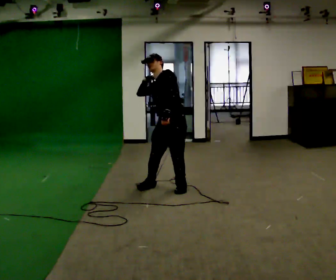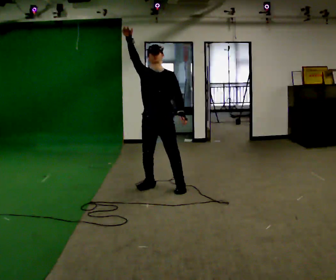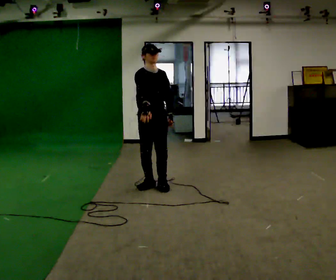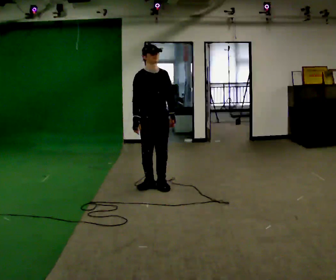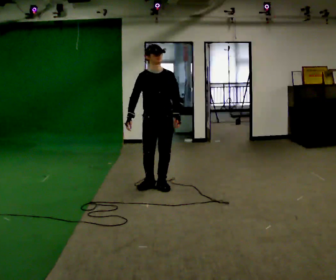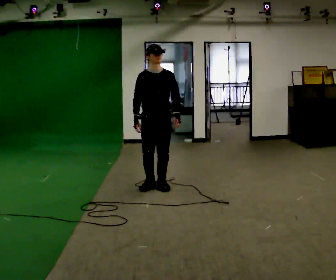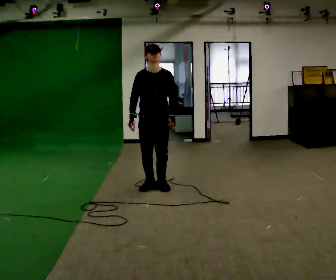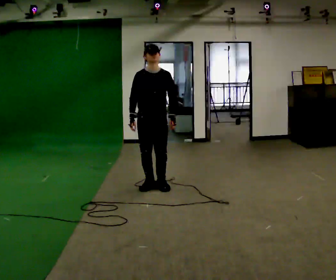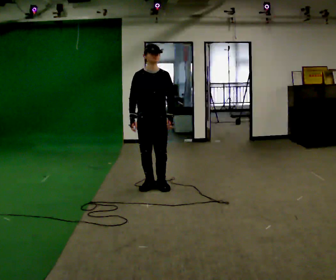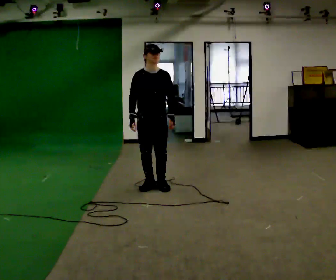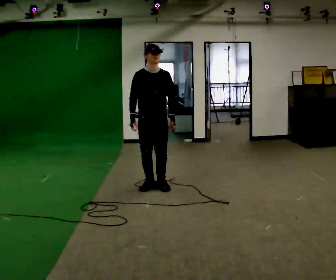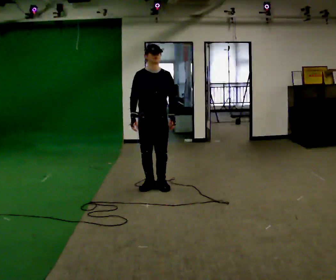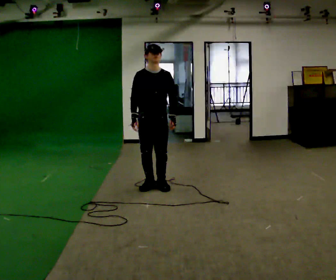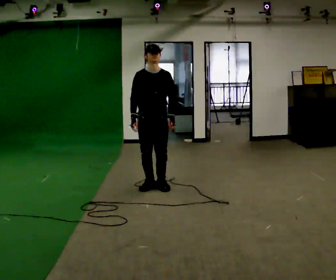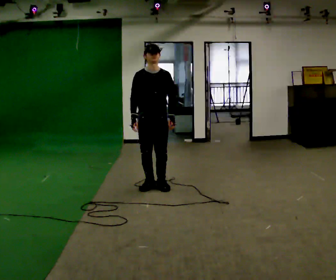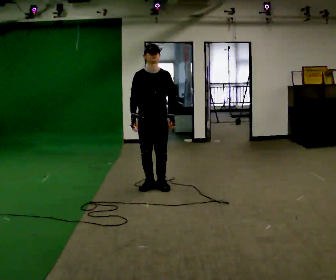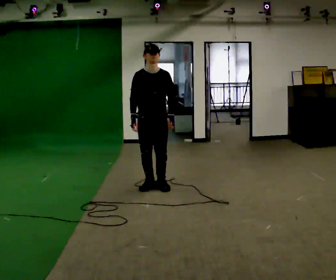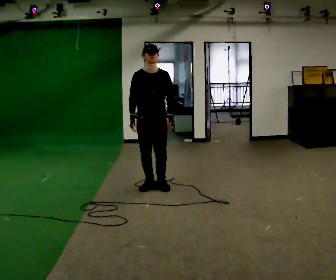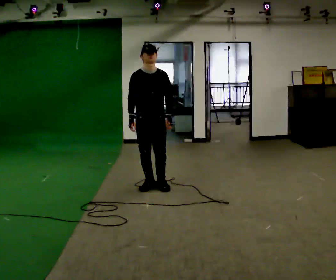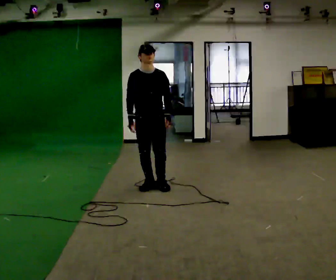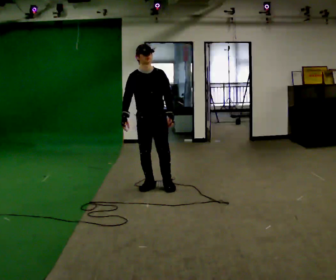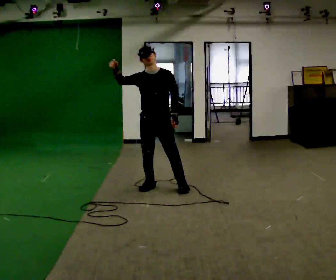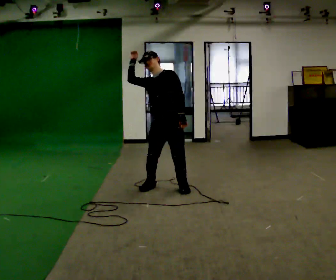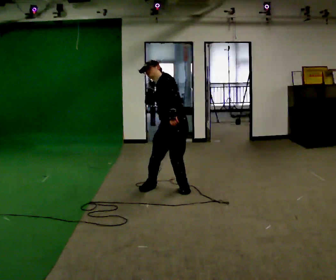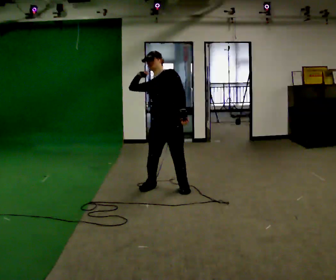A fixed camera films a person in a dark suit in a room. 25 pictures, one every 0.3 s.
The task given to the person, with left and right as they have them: Mime throwing a ball overhand as far as you can, with no ball. Repeat the movement at your own pace until the operator says stop; do not rush.
0.0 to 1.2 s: Seen from above the body turns counterclockwise, about 60 degrees: to their left, with its near side sliding to the right. In the picture they go to the left, about 0.25 m in 1 step. In the picture their right hand goes downward.
1.2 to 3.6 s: The person moves a little, or ends about where they began.
3.6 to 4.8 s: The person keeps their place and pose.
4.8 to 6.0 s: The person moves a little, or ends about where they began.
6.0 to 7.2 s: The part of the body nearest the lens slides to the left as the person turns to their right by about 45 degrees. In the picture they go to the right, about 0.25 m in 1 step. In the picture their right hand goes upward.
The film runs forward here.
